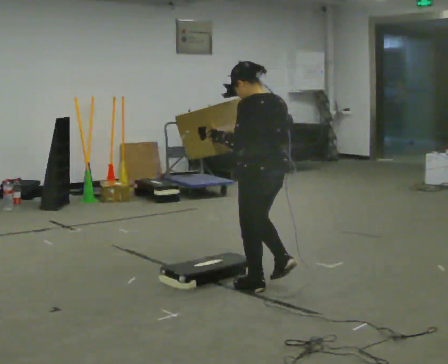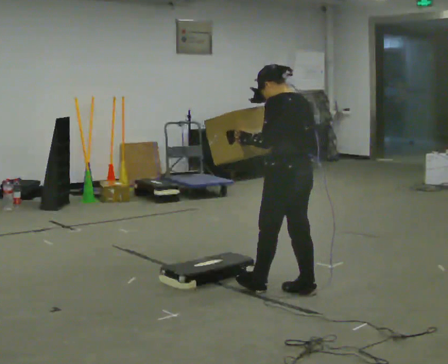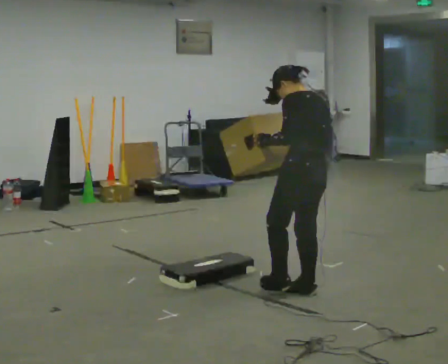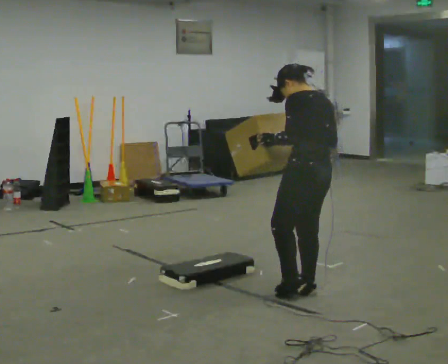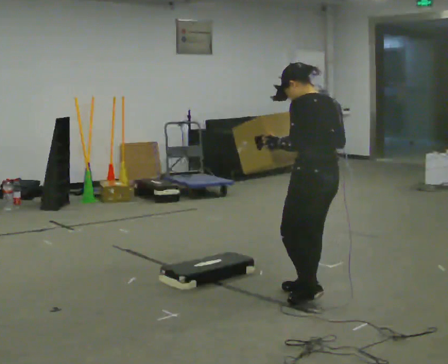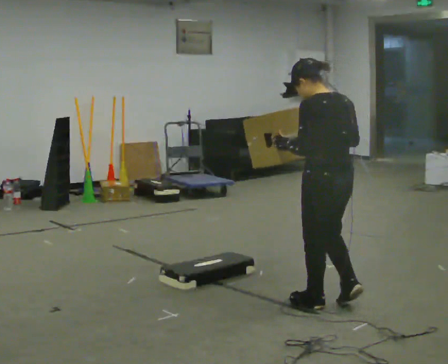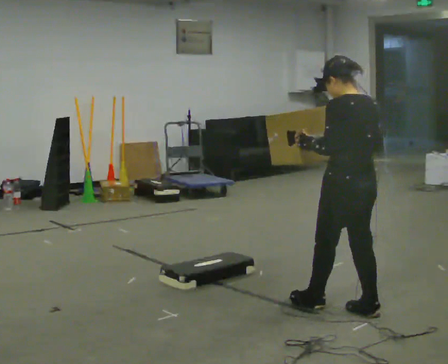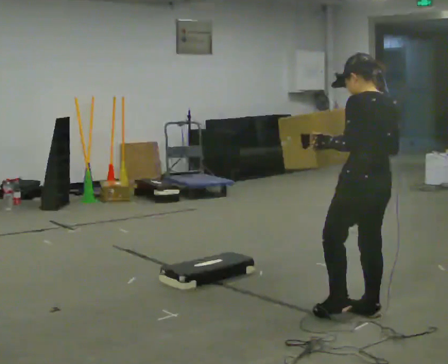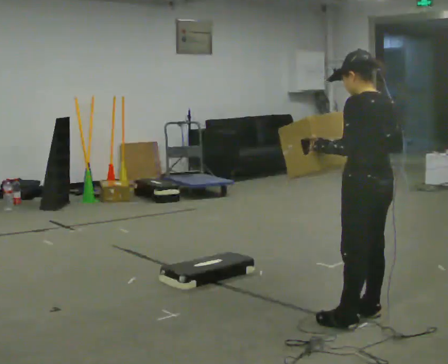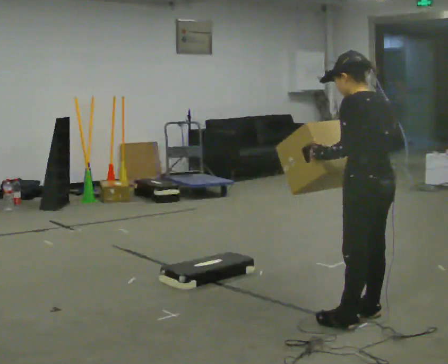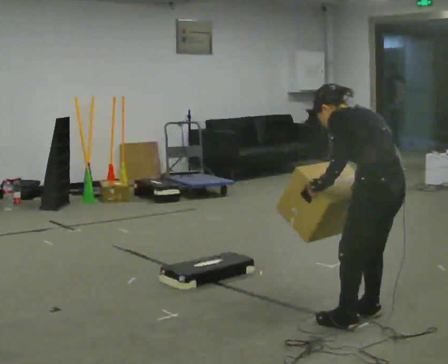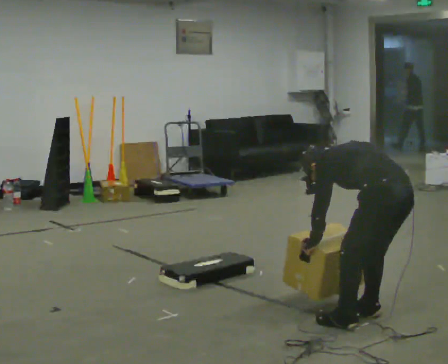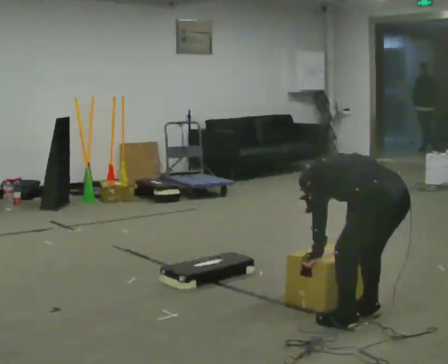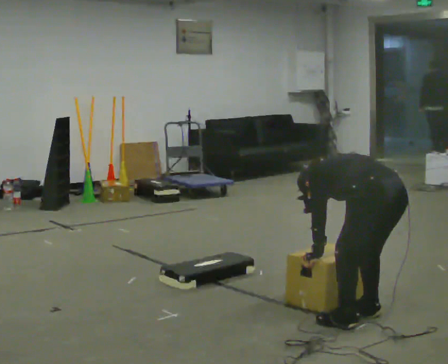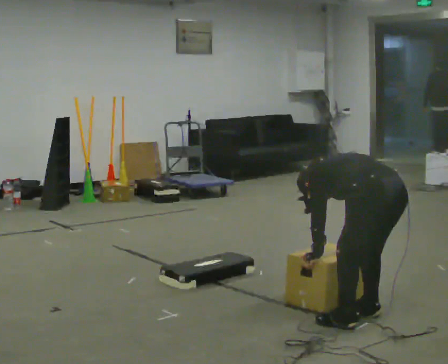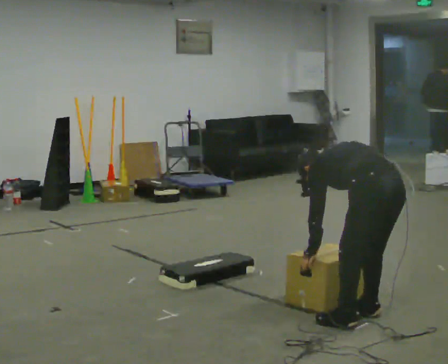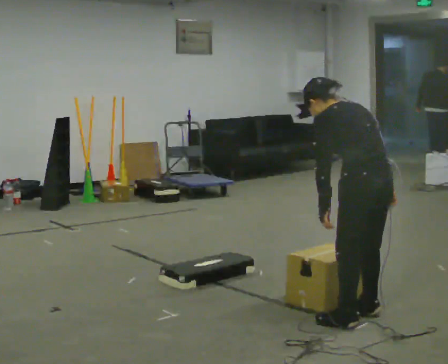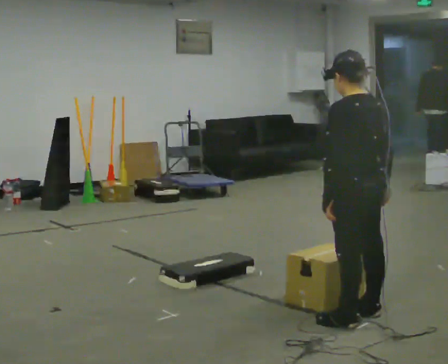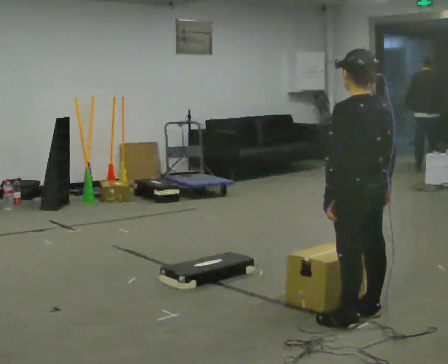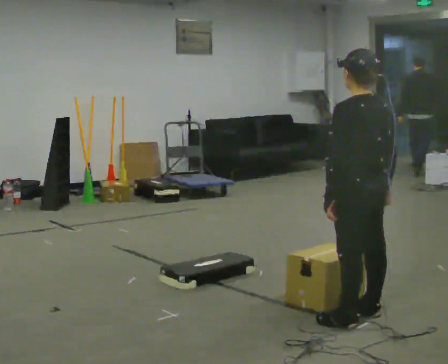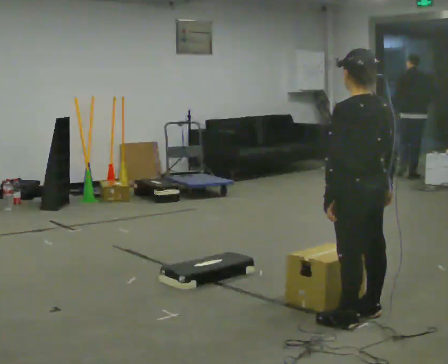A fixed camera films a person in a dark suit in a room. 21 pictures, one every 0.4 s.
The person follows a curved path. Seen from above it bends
clockwise.
0.0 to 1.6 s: In the picture they go to the right and toward the camera, about 0.5 m in 2 steps, which for them is backward.
1.6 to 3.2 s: In the picture they go toward the camera and to the right, about 0.5 m in 2 steps, which for them is backward.
3.2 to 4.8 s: The upper body goes downward. The upper body tips away from the camera, its near side rolling upward, as they bend forward. In the picture their right hand goes downward.
4.8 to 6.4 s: The upper body goes upward. The upper body tips toward the camera, its near side rolling downward, as they lean back or straighten. In the picture their right hand goes upward.
6.4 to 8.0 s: In the picture the upper body tilts clockwise, shoulders to the right, as they lean back or straighten.
The film runs backward here.
